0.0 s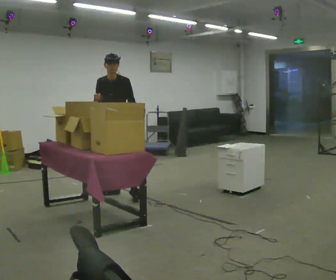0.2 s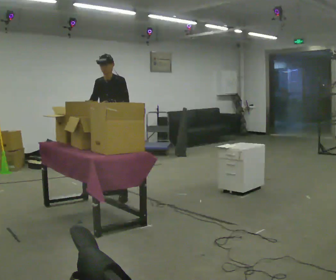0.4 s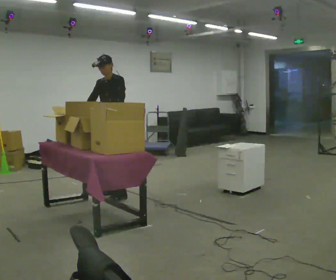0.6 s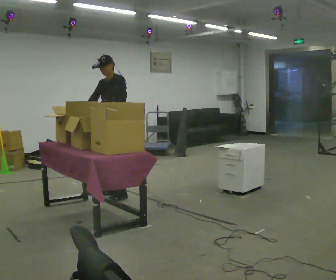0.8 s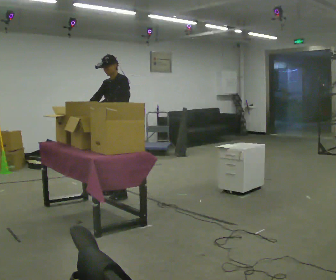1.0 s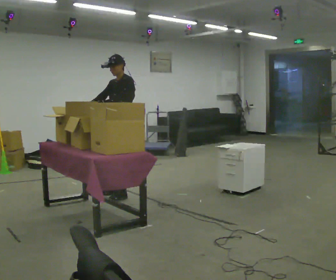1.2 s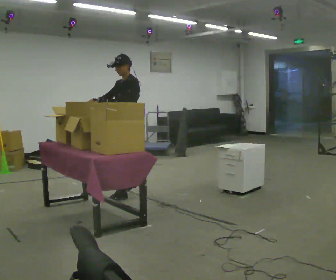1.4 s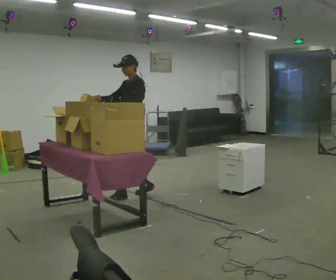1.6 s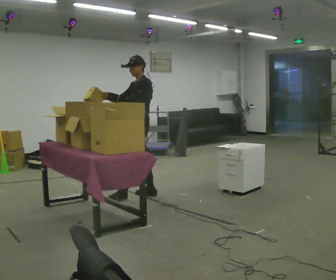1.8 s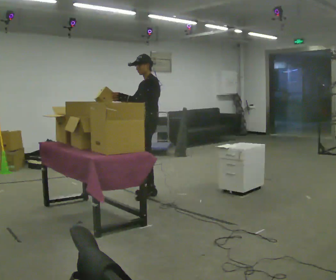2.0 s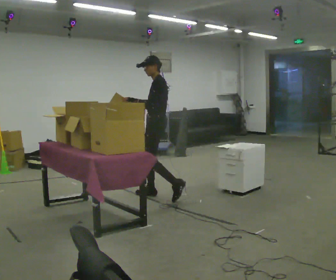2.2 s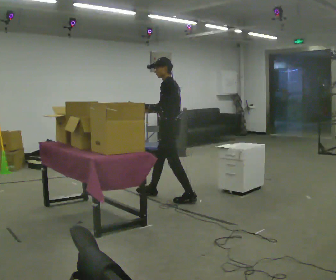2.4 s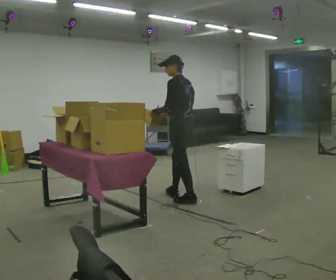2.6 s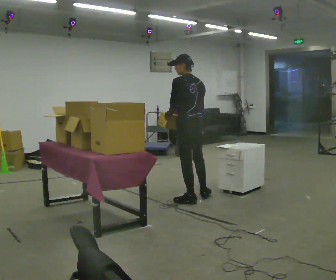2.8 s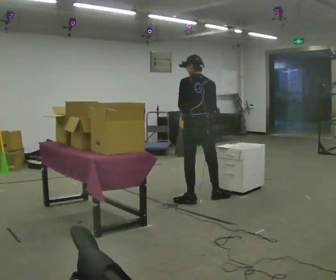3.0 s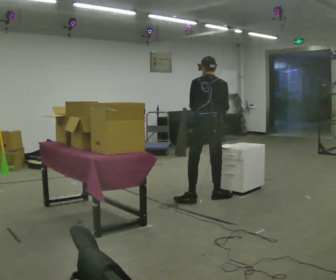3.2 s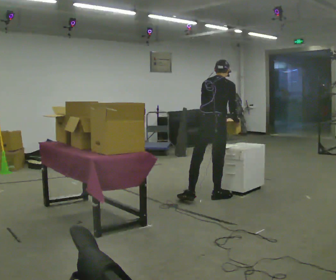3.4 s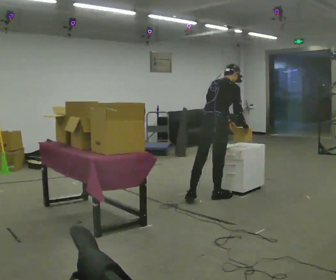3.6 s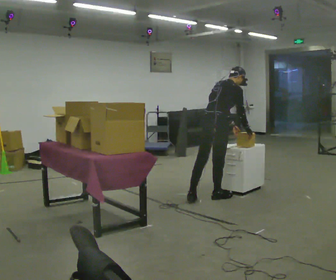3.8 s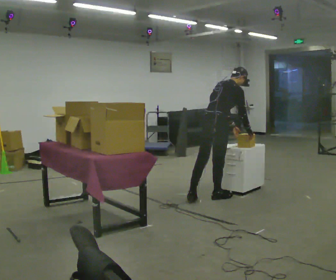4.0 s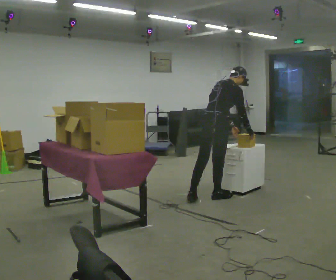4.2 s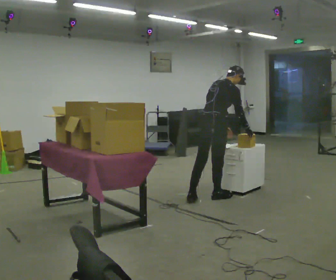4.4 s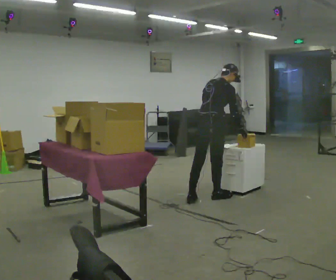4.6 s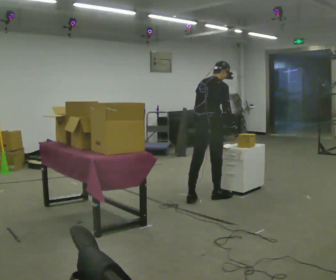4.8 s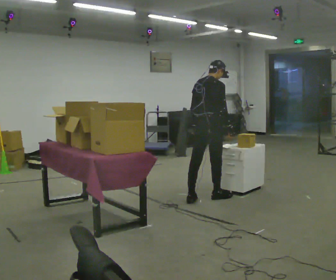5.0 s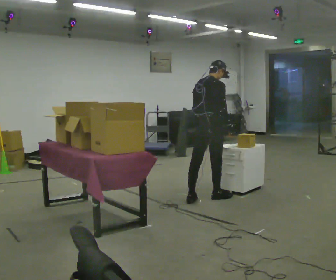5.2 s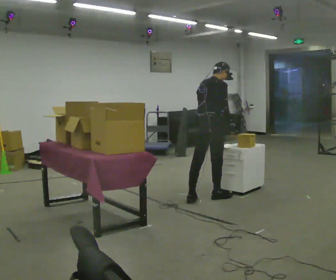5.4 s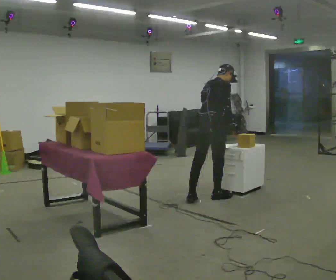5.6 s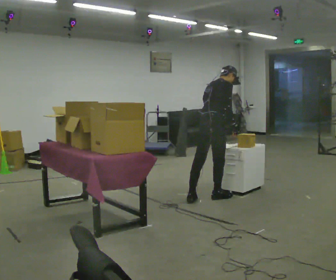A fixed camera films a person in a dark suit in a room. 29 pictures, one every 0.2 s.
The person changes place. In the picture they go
to the right.
The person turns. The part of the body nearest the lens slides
to the left.
0.0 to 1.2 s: Seen from above the body turns clockwise, about 45 degrees: to their right, with its near side sliding to the left. In the picture they go to the right, about 0.25 m in 1 step, which for them is to their left.
1.2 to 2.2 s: The part of the body nearest the lens slides to the left as the person turns to their right by about 45 degrees. In the picture they go to the right, about 0.5 m in 1 step, which for them is backward and to their left.
2.2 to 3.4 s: The person turns about 105 degrees to their right, clockwise seen from above, so the part of the body nearest the lens slides to the left. In the picture they go to the right, about 0.5 m in 1 step. In the picture the upper body tilts clockwise, shoulders to the right, as they bend forward.
3.4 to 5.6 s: The person moves a little, or ends about where they began.
The film runs backward here.
